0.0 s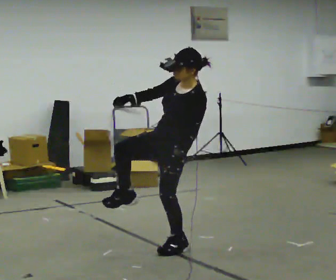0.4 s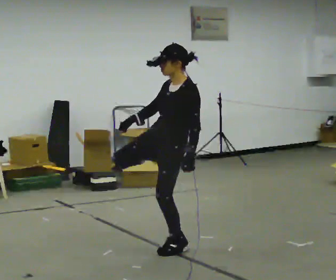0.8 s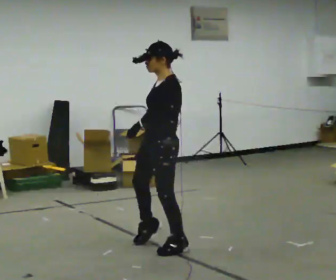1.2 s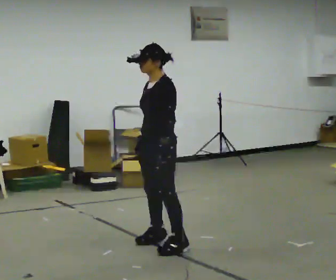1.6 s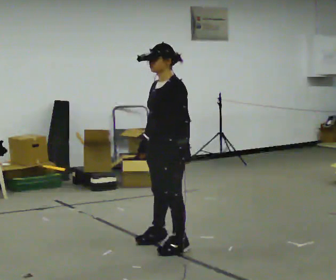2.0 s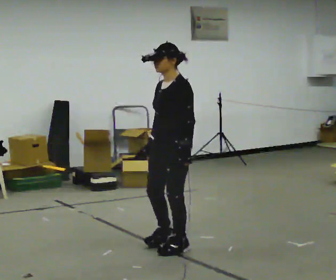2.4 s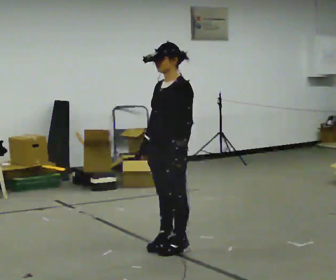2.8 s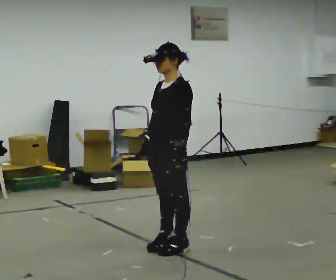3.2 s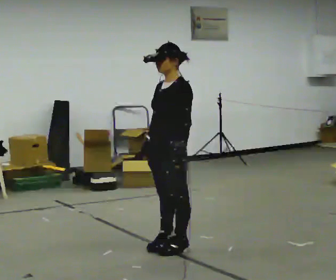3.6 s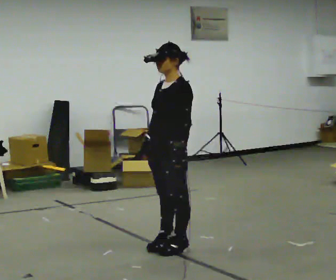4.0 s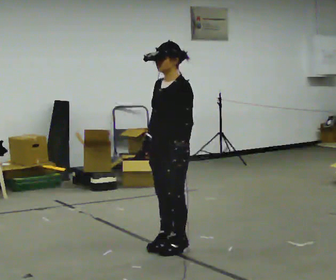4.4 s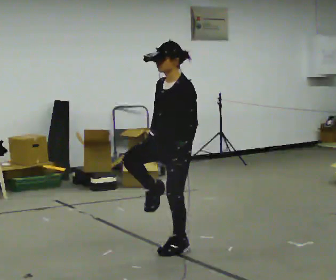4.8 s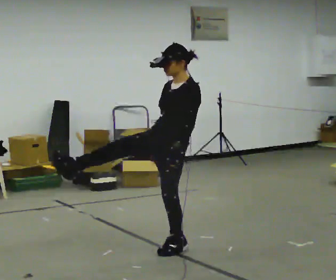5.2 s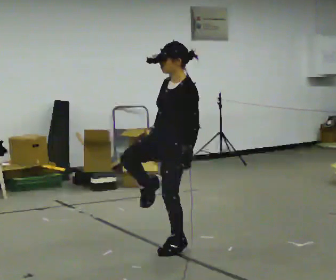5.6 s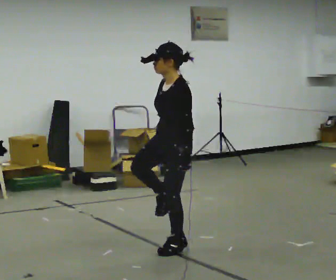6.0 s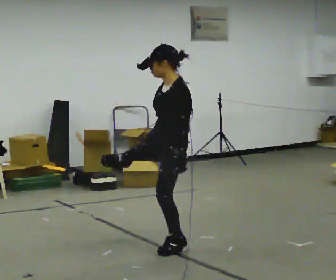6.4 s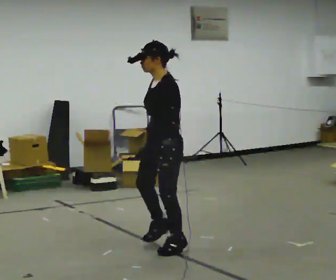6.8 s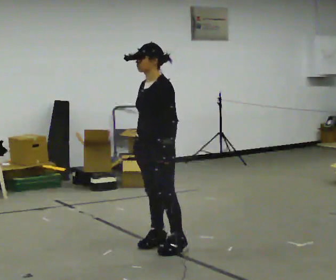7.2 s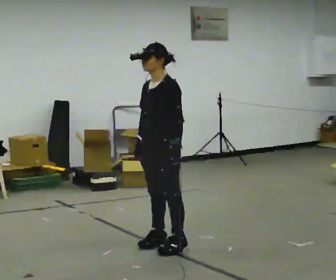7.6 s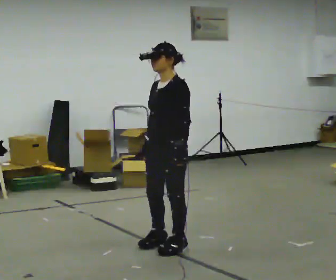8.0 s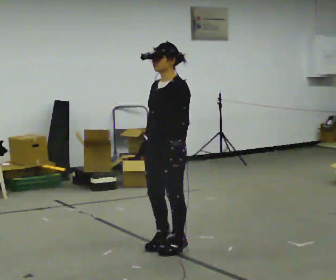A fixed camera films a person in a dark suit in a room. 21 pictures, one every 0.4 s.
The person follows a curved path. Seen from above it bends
clockwise.
0.0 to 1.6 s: The upper body tips away from the camera, its near side rolling upward. In the picture their right hand goes downward, the arm swinging counterclockwise.
1.6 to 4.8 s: The person moves a little, or ends about where they began.
4.8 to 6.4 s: Seen from above the body turns clockwise, about 30 degrees: to their right, with its near side sliding to the left. In the picture the upper body tilts counterclockwise, shoulders to the left.
6.4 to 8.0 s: The person moves a little, or ends about where they began.
The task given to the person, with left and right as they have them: Kick into the air with each leg in turn, front kicks and side kicks, at a comfortable height. Repeat the movement at your own pace until the operator says stop; do not rush.
The film runs forward here.
